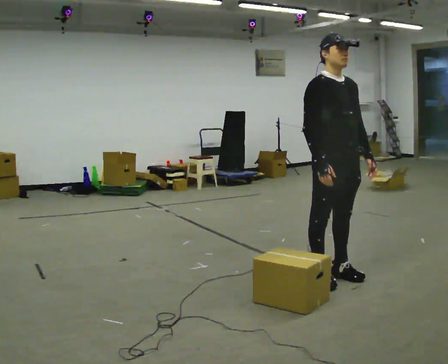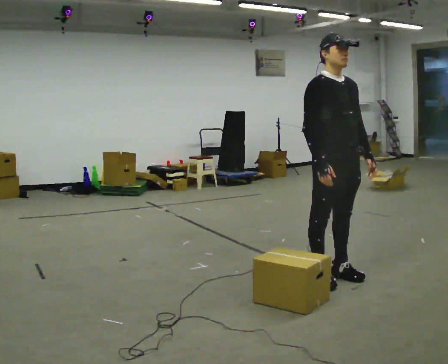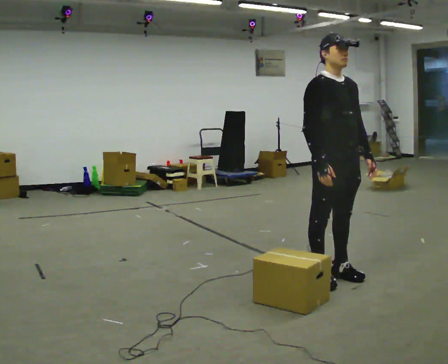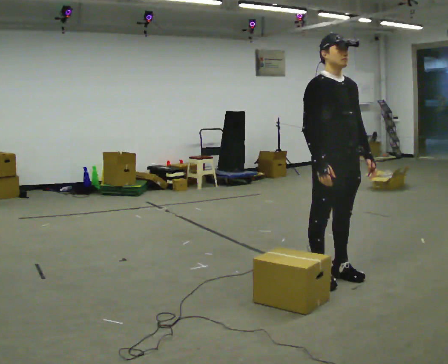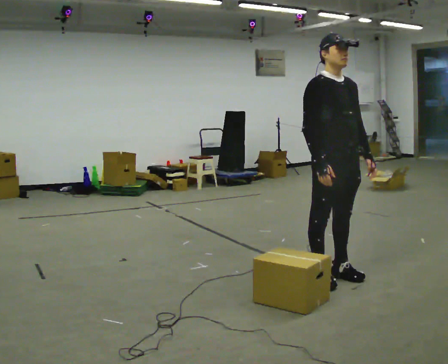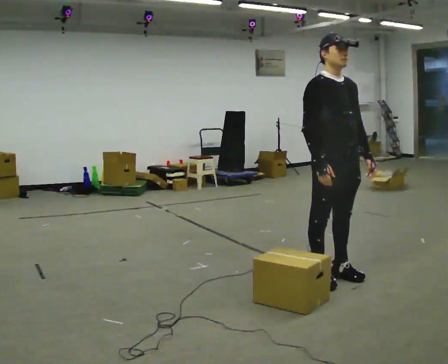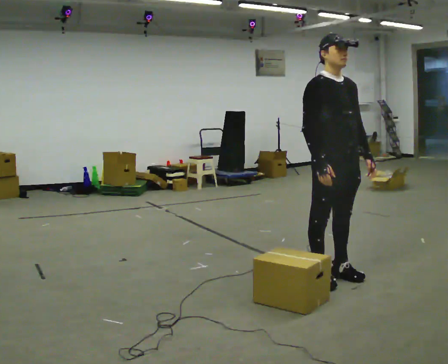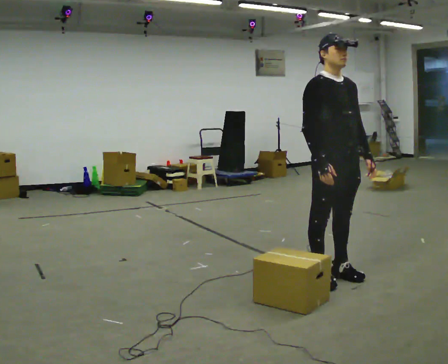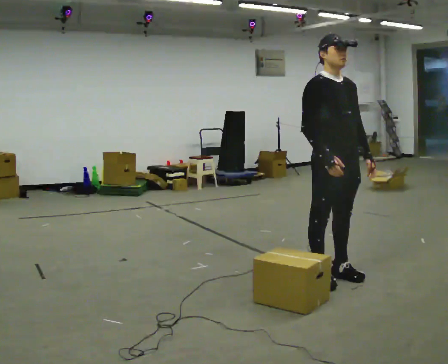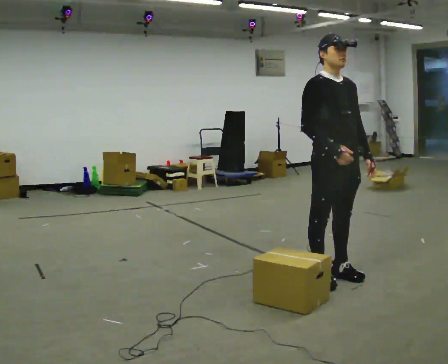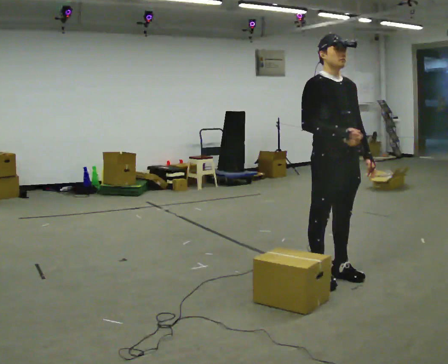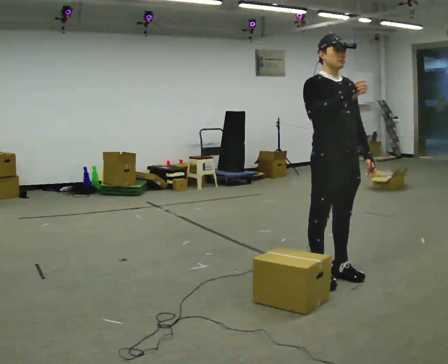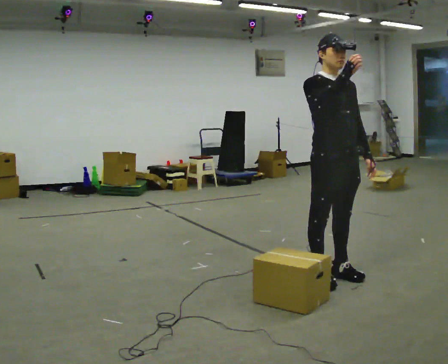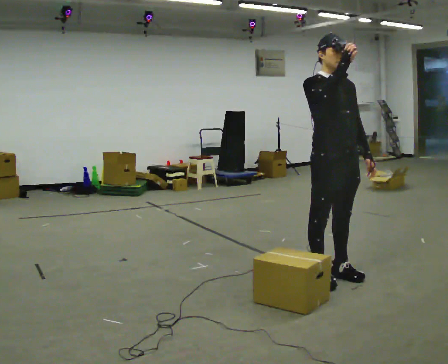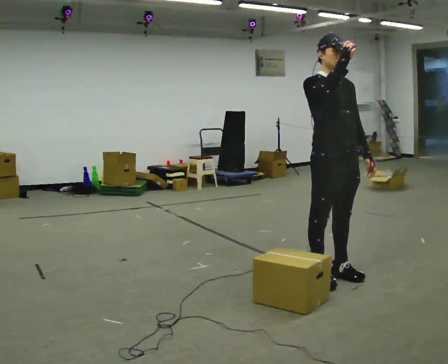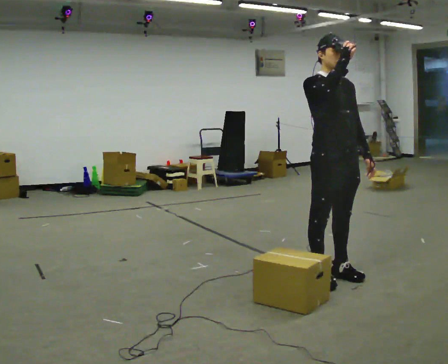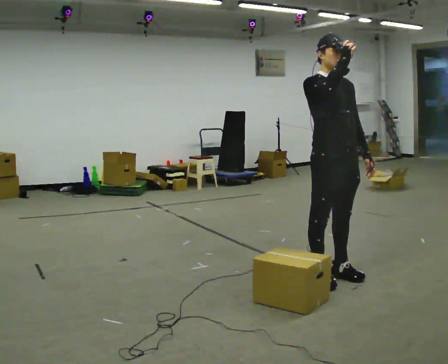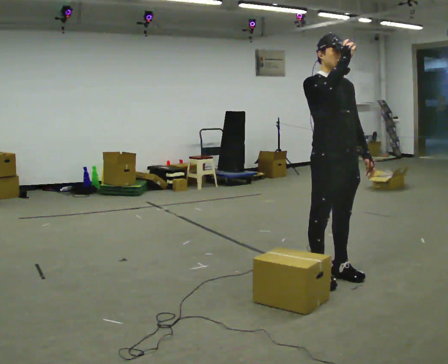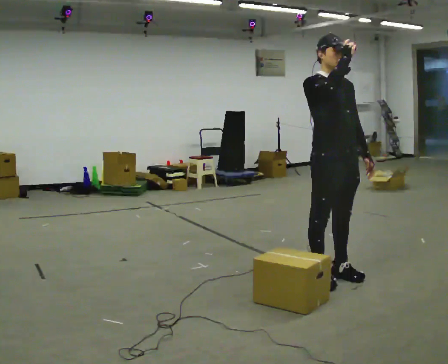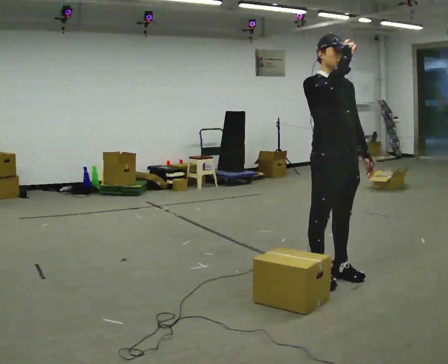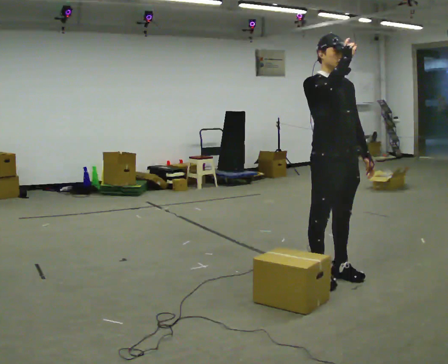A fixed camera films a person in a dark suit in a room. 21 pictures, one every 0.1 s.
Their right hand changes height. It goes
upward.
0.0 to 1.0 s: In the picture their right hand goes upward.
1.0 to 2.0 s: The person moves a little, or ends about where they began.
The film runs forward here.
